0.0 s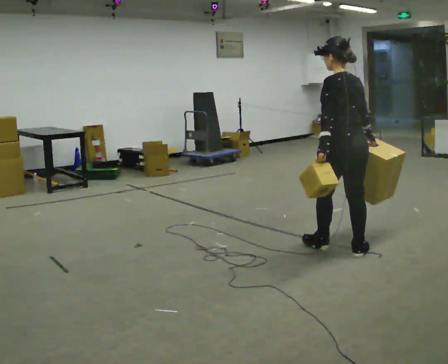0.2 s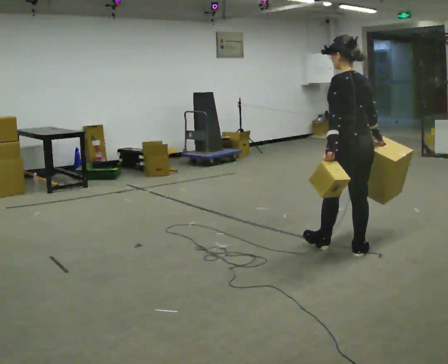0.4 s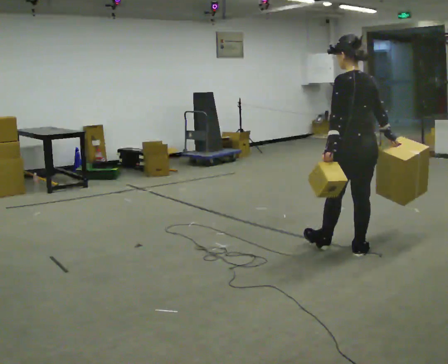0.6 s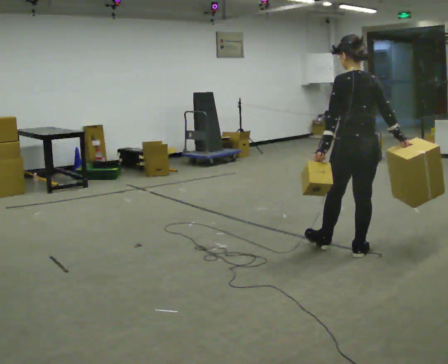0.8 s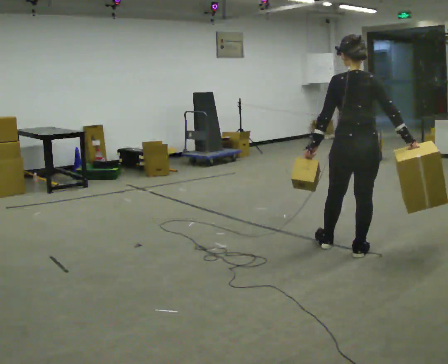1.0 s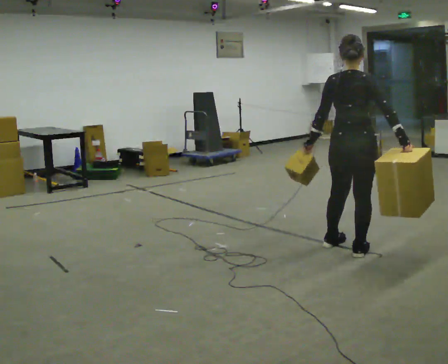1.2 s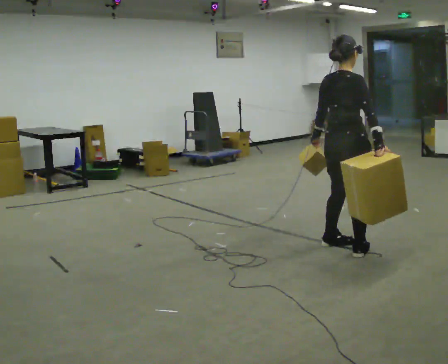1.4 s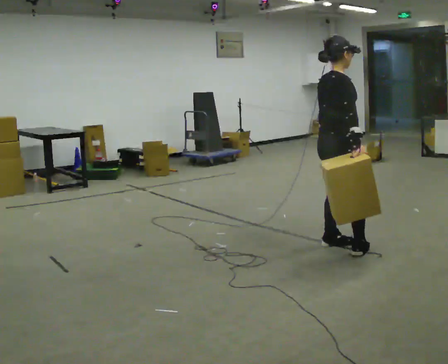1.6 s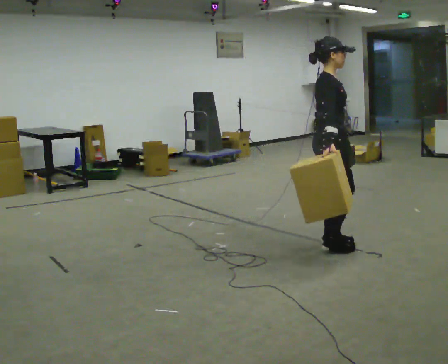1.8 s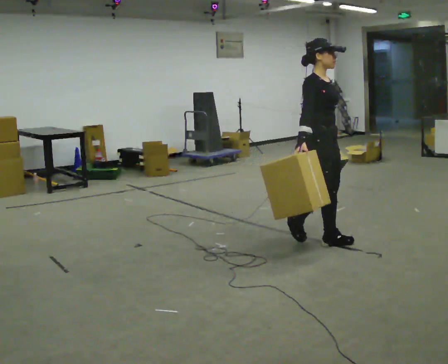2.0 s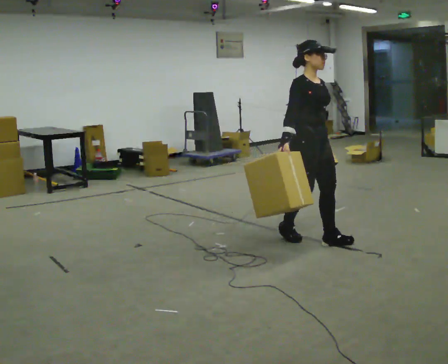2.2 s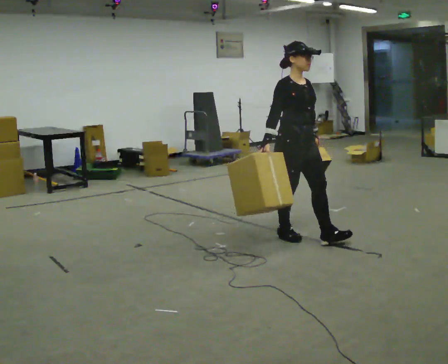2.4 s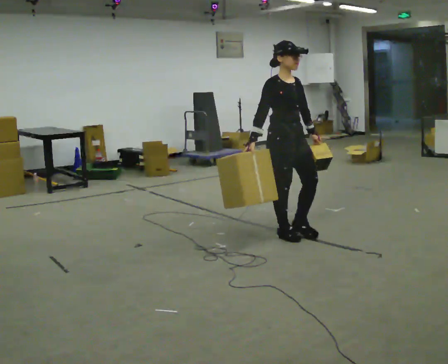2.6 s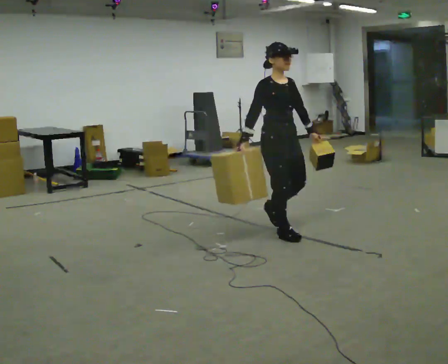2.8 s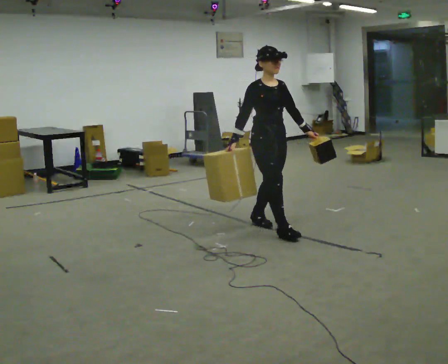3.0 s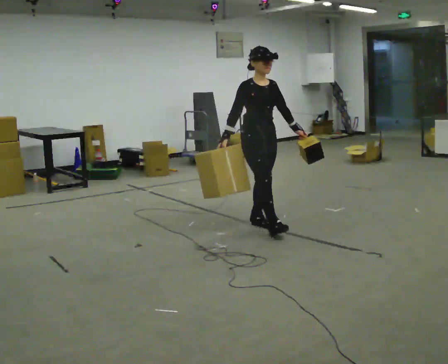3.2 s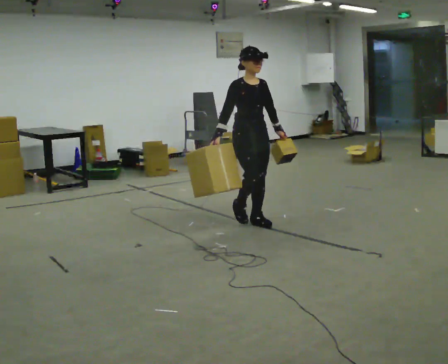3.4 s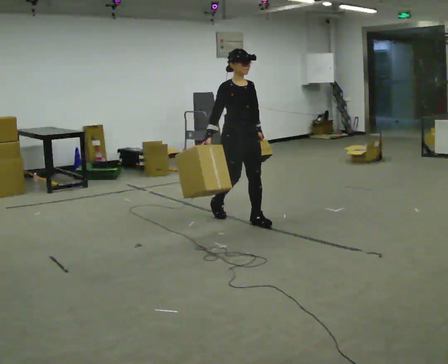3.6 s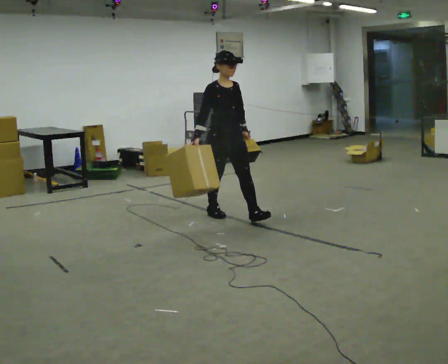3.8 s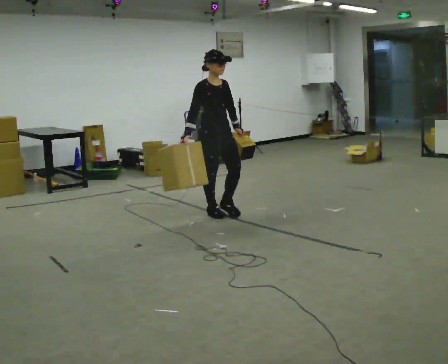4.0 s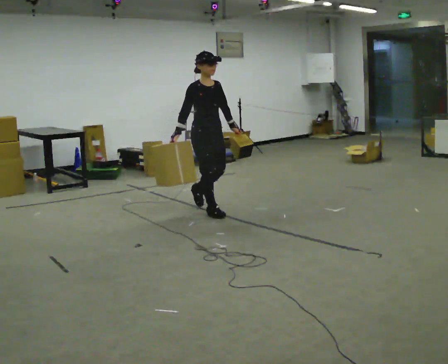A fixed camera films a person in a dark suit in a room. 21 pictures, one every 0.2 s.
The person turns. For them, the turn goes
to their right.
The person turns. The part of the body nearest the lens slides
to the left.
0.0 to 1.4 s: The person turns about 90 degrees to their right, clockwise seen from above, so the part of the body nearest the lens slides to the left.
1.4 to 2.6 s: Seen from above the body turns clockwise, about 75 degrees: to their right, with its near side sliding to the left. In the picture they go to the left and away from the camera, about 0.5 m in 2 steps.
2.6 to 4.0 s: In the picture they go away from the camera and to the left, about 1 m in 2 steps, which for them is backward.
The film runs backward here.
